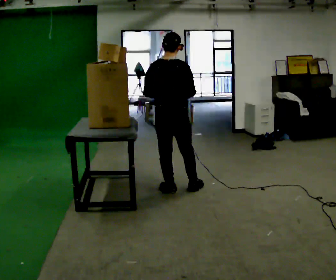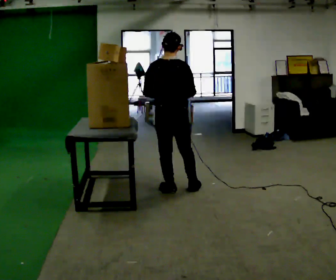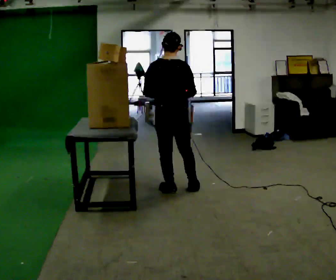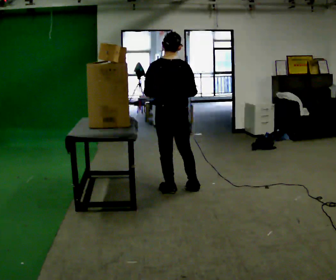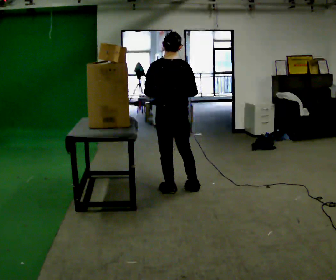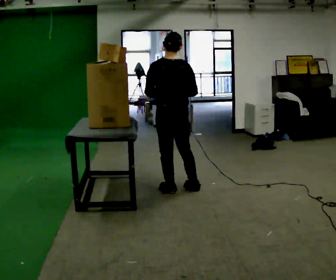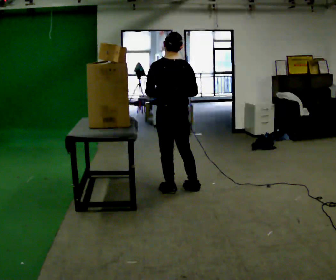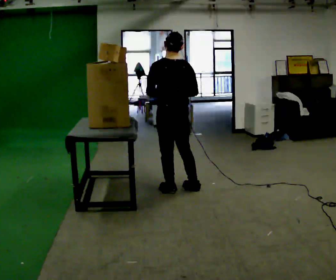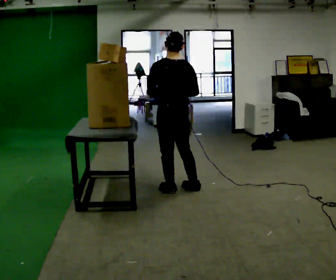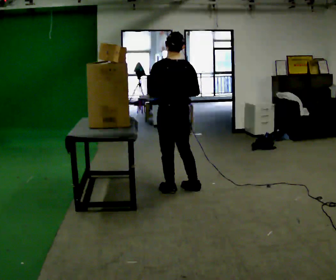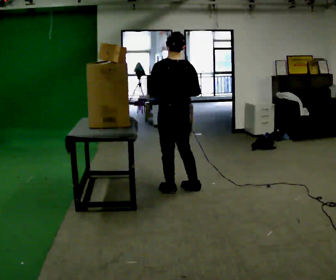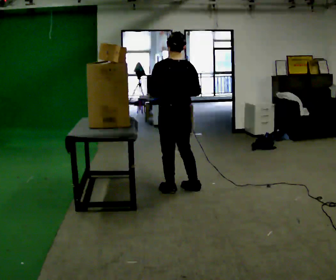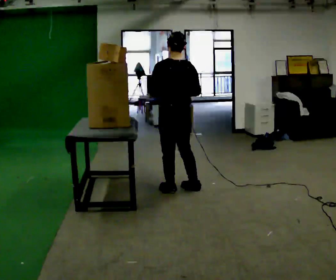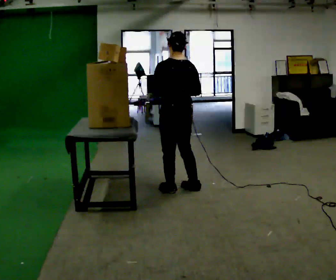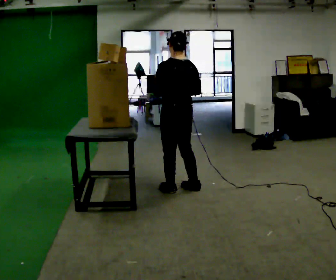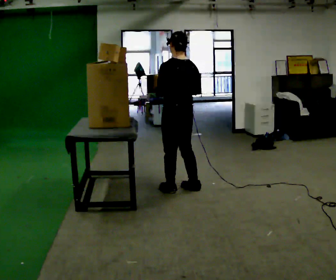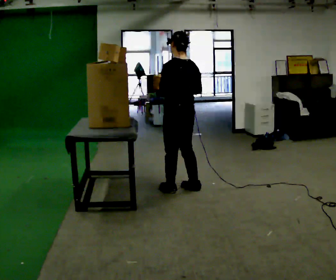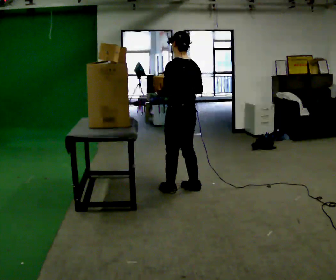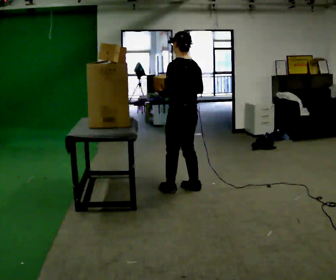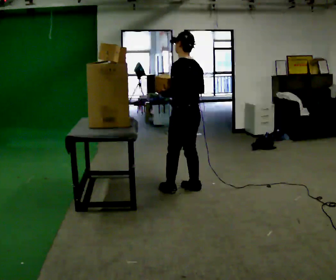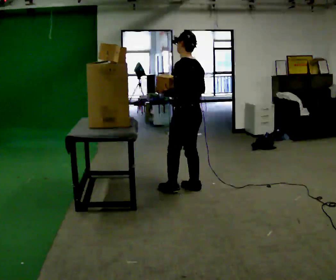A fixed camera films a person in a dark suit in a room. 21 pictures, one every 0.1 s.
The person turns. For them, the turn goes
to their left.
The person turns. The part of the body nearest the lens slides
to the right.
0.0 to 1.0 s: Seen from above the body turns counterclockwise, about 30 degrees: to their left, with its near side sliding to the right.
1.0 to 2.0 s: The person turns about 30 degrees to their left, counterclockwise seen from above, so the part of the body nearest the lens slides to the right. In the picture they go to the right, about 0.25 m, which for them is to their right.
The film runs backward here.
